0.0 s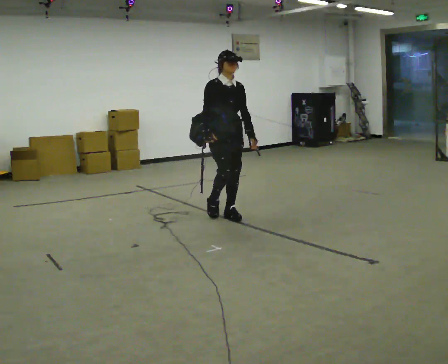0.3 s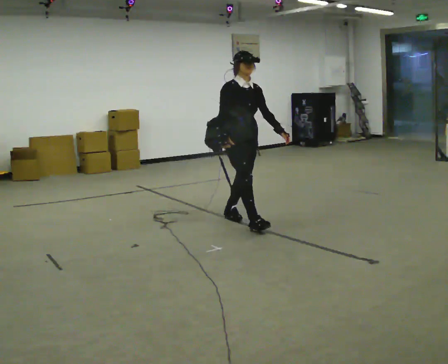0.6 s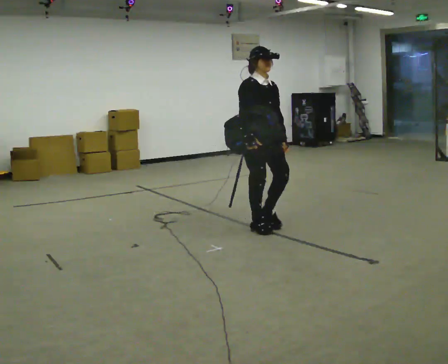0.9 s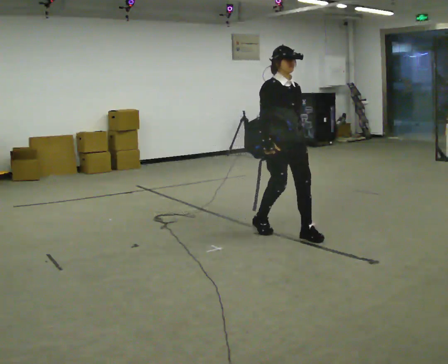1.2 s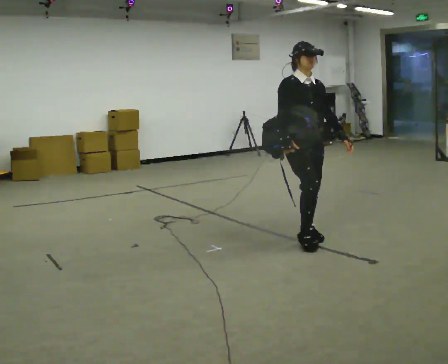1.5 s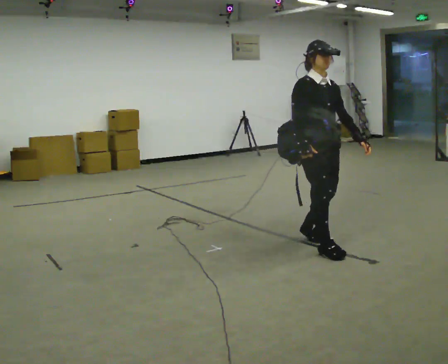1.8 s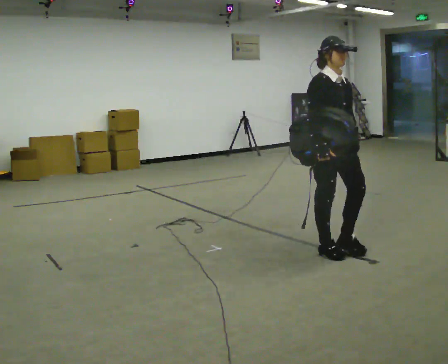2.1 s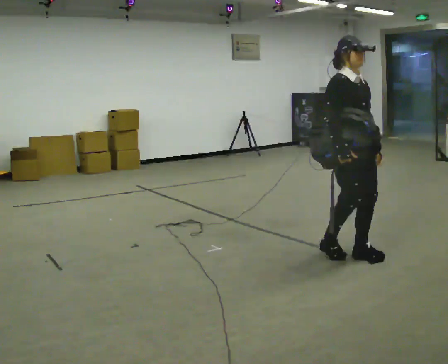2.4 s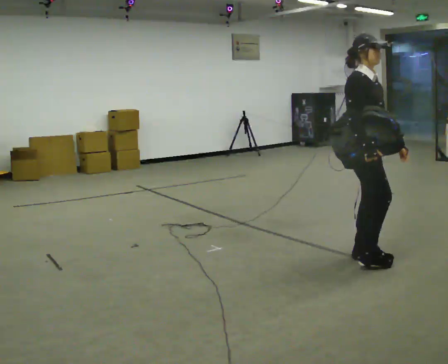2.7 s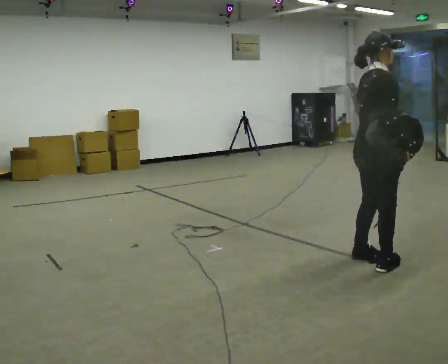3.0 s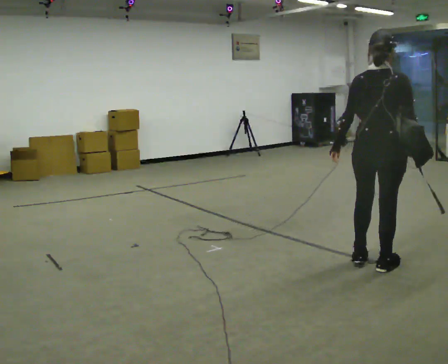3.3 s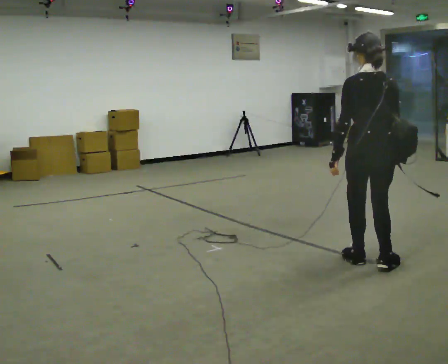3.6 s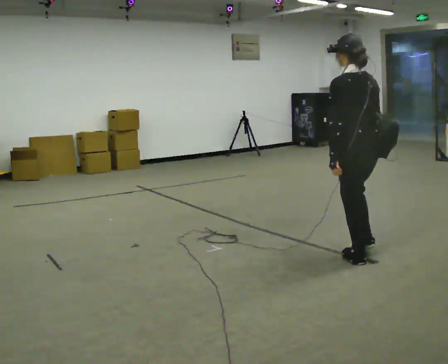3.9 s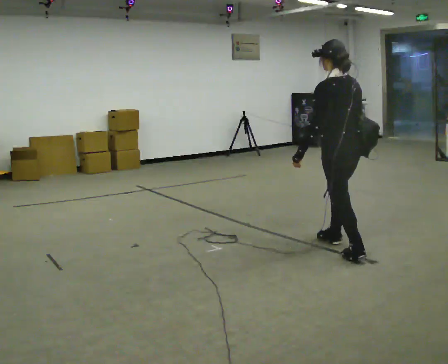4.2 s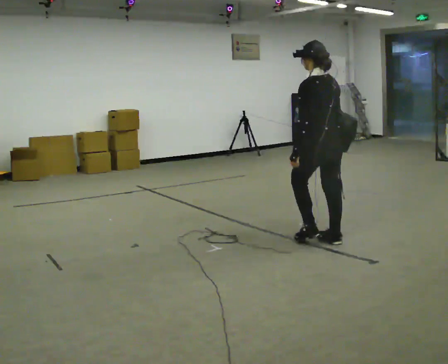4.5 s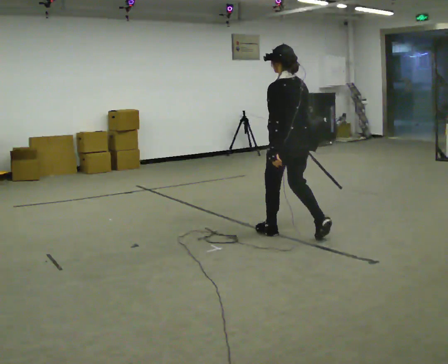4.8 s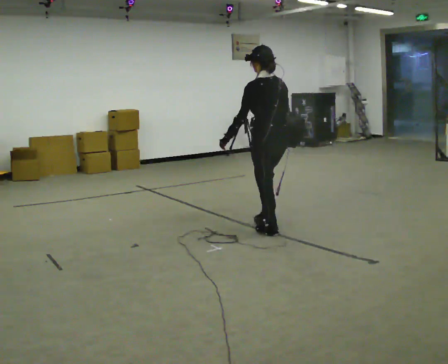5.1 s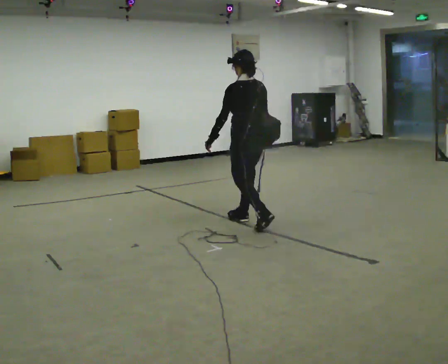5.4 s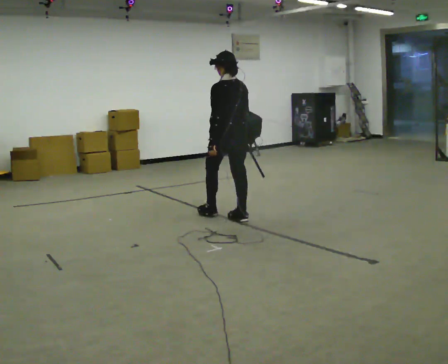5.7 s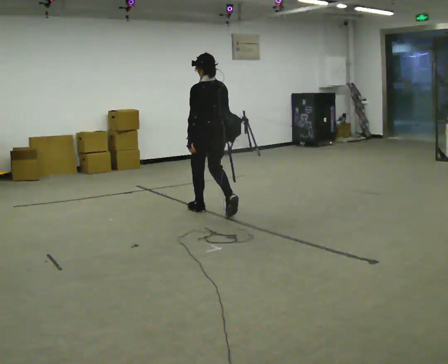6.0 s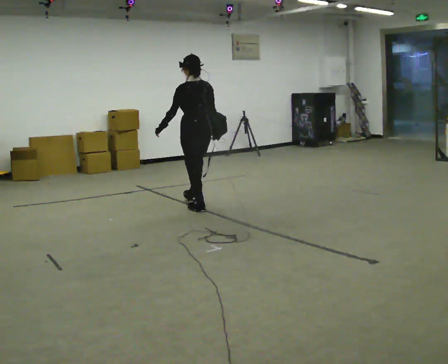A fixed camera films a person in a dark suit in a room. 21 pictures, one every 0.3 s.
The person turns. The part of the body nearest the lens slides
to the right.
The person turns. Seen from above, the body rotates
counterclockwise.
0.0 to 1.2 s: In the picture they go to the right and toward the camera, about 1 m in 2 steps, which for them is forward.
1.2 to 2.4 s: Seen from above the body turns counterclockwise, about 30 degrees: to their left, with its near side sliding to the right. In the picture they go to the right and toward the camera, about 0.75 m in 2 steps, which for them is forward.
2.4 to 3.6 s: The part of the body nearest the lens slides to the right as the person turns to their left by about 150 degrees.
3.6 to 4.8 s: In the picture they go to the left and away from the camera, about 1 m in 2 steps, which for them is forward.
4.8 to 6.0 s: In the picture they go to the left and away from the camera, about 1 m in 2 steps, which for them is forward.
The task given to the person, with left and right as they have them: Put the soft bag up onto your shoulder and carry it across the room, back and forth.
The film runs forward here.
